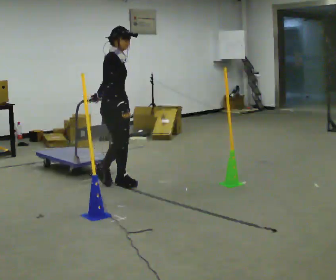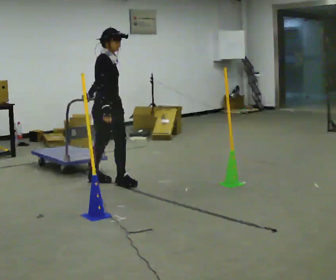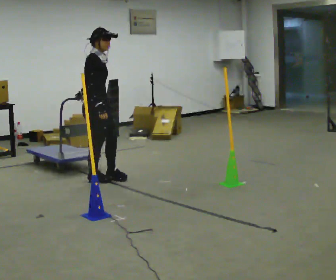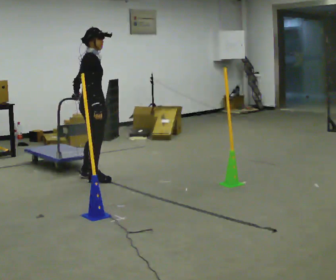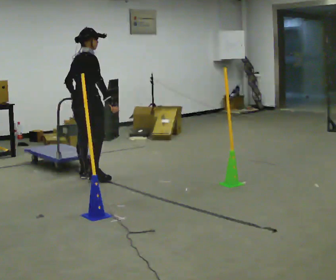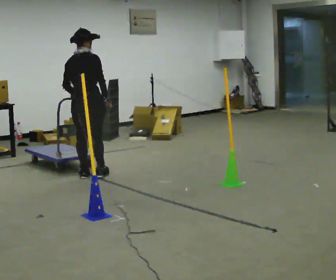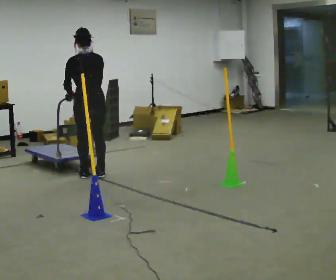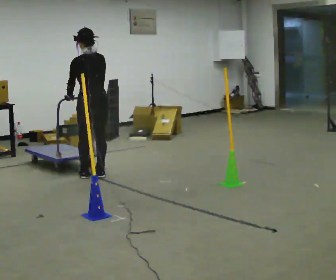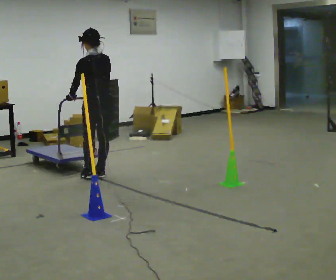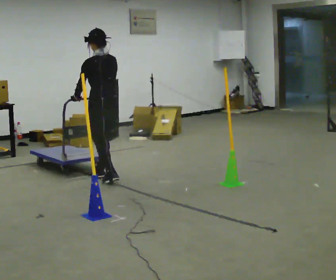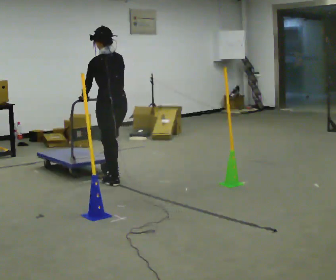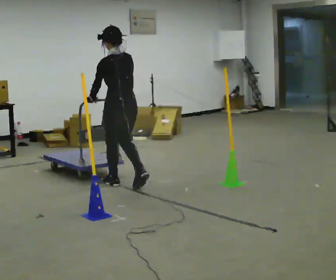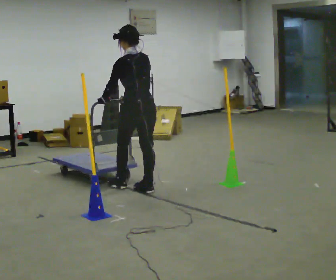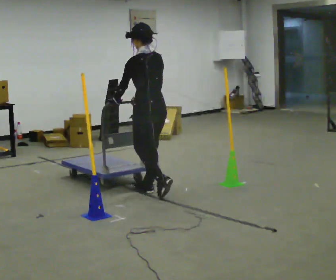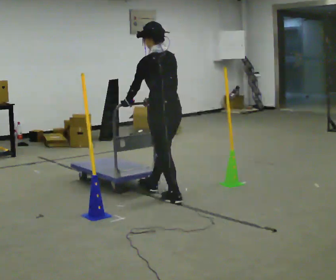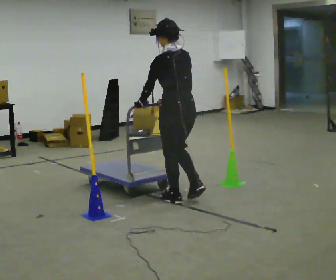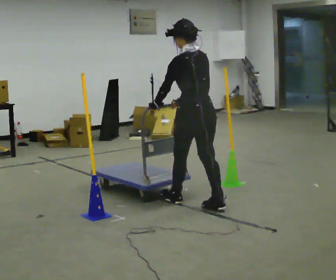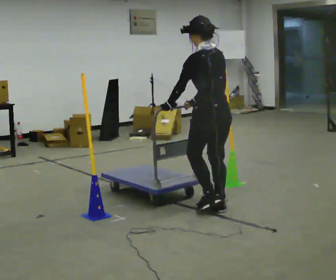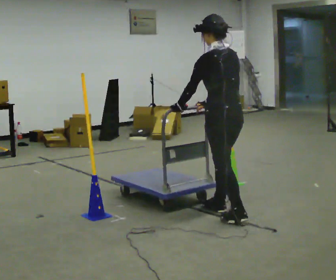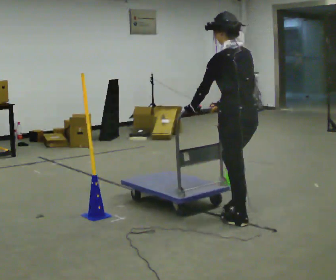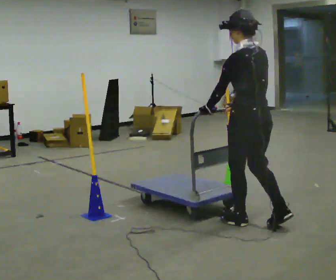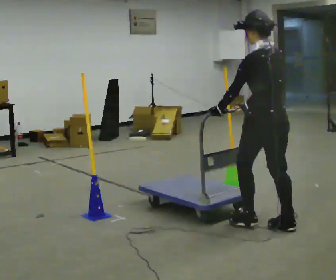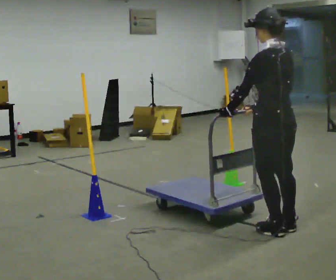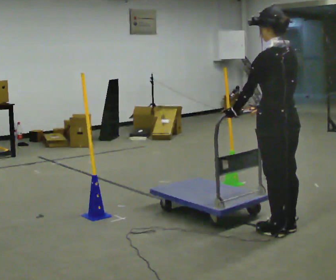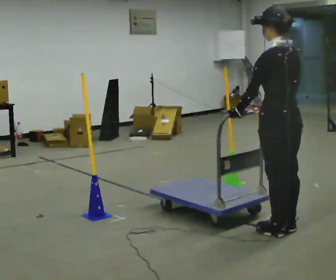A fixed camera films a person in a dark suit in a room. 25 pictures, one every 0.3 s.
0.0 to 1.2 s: Seen from above the body turns counterclockwise, about 60 degrees: to their left, with its near side sliding to the right. In the picture they go to the left and away from the camera, about 0.5 m in 1 step.
1.2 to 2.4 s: The person turns about 90 degrees to their left, counterclockwise seen from above, so the part of the body nearest the lens slides to the right.
2.4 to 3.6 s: In the picture they go toward the camera and to the right, about 0.75 m in 2 steps, which for them is backward.
3.6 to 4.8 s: In the picture they go toward the camera and to the right, about 1 m in 1 step, which for them is backward.
4.8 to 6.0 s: In the picture they go toward the camera and to the right, about 0.75 m in 2 steps, which for them is backward.
6.0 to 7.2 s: In the picture they go toward the camera and to the right, about 0.25 m in 1 step, which for them is backward.
The film runs backward here.
